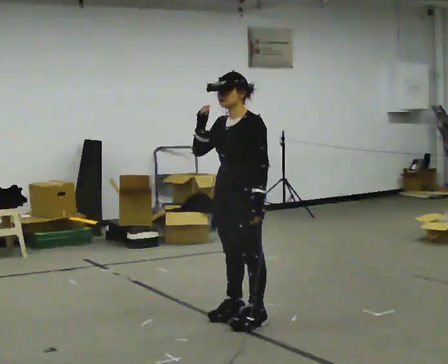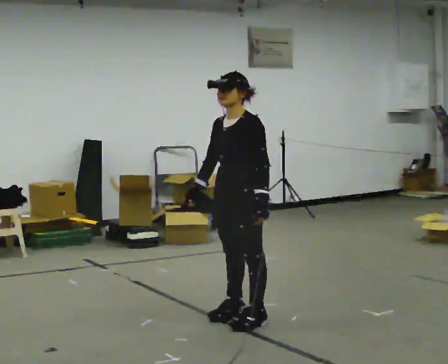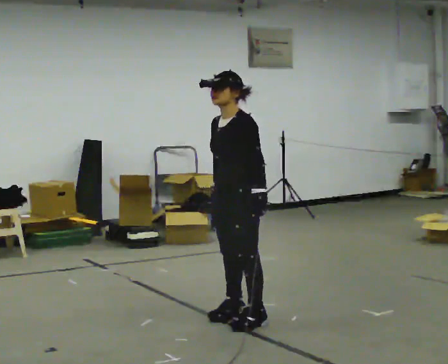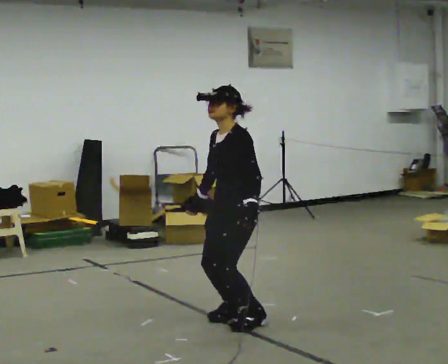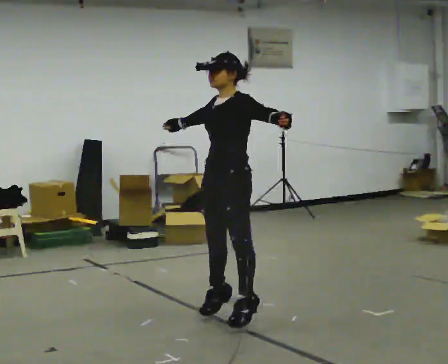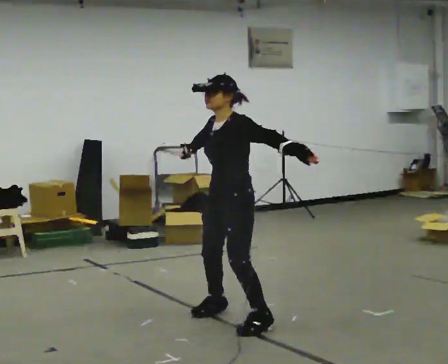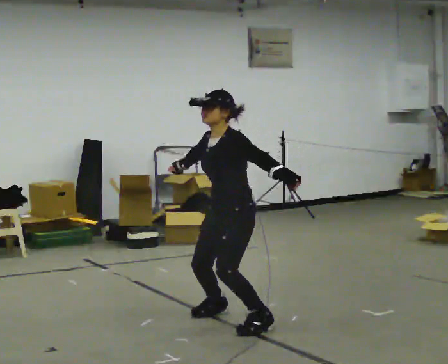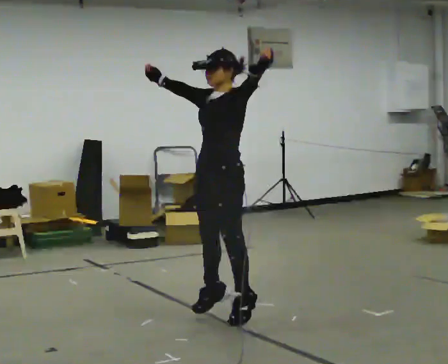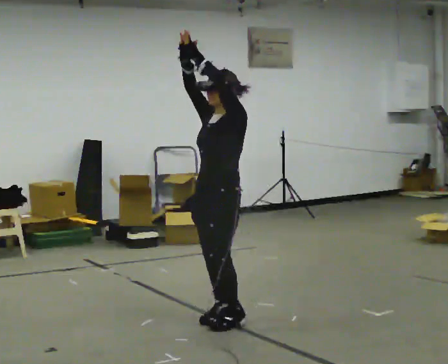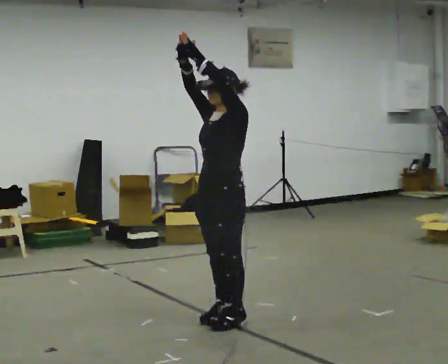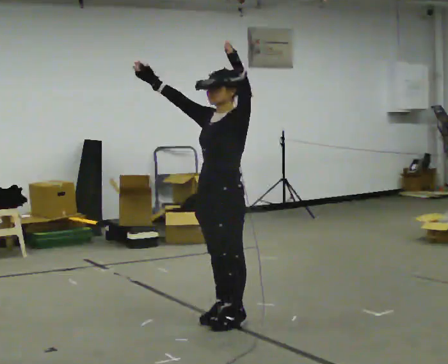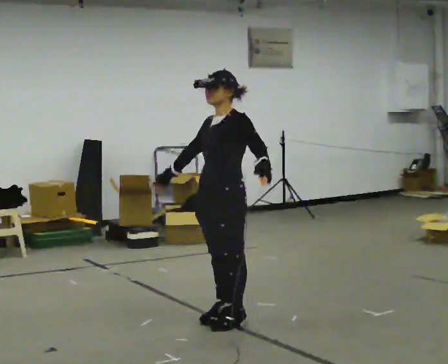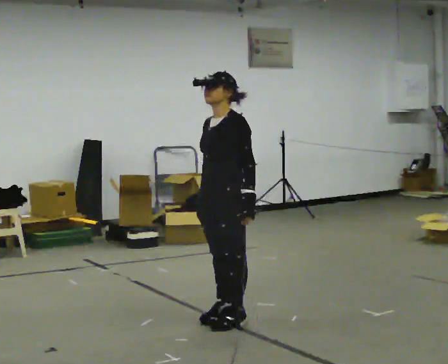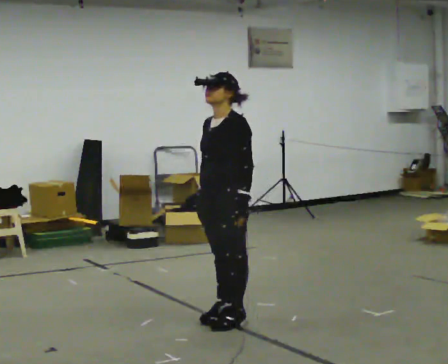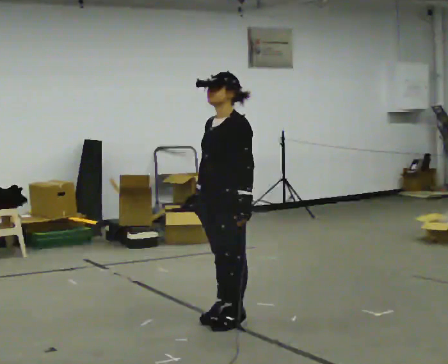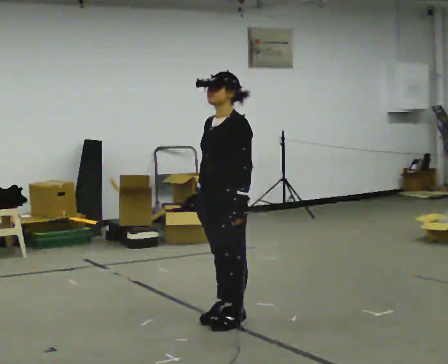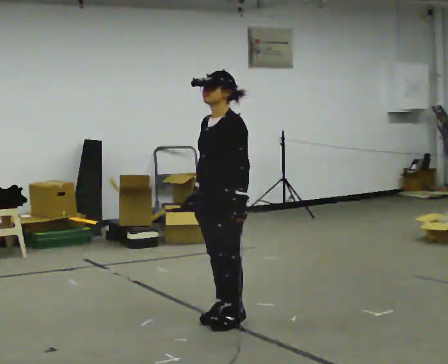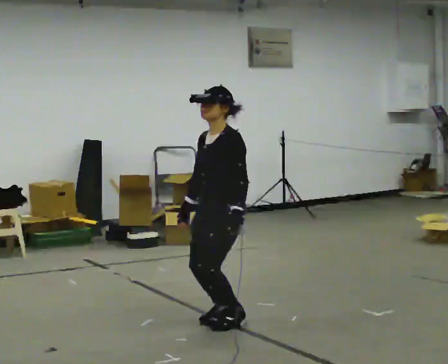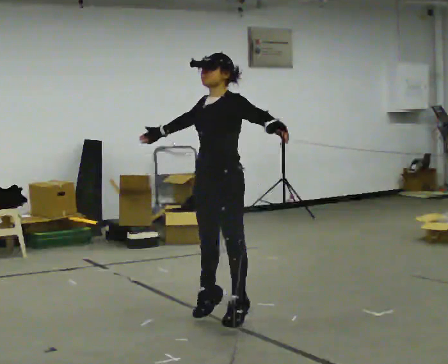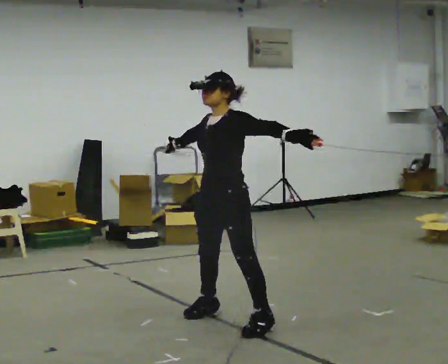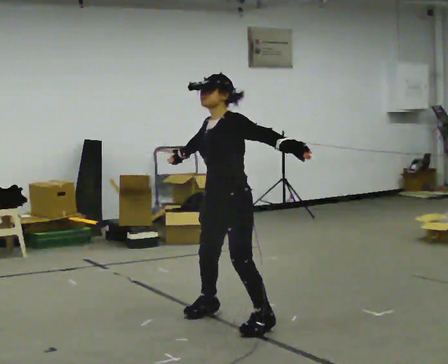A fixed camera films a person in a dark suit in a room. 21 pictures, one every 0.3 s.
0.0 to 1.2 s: The person moves a little, or ends about where they began.
1.2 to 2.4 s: In the picture their right hand goes upward.
2.4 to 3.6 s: In the picture their right hand goes downward, the arm swinging counterclockwise.
3.6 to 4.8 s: The person moves a little, or ends about where they began.
4.8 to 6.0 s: In the picture their left hand goes upward.
The film runs forward here.
